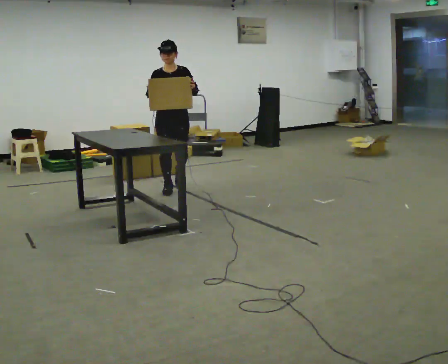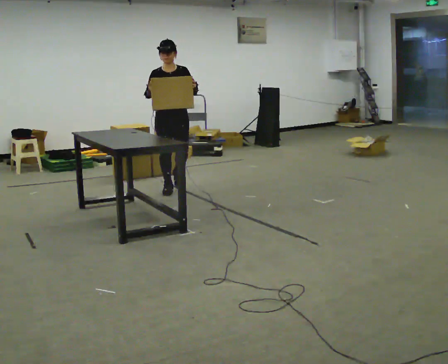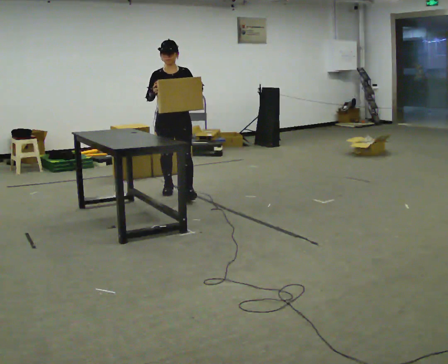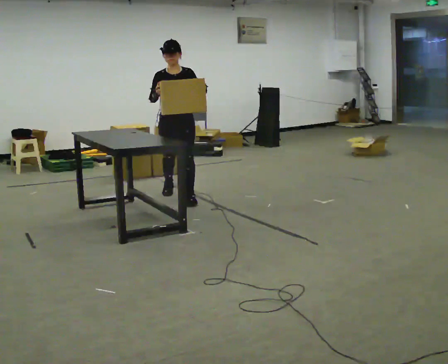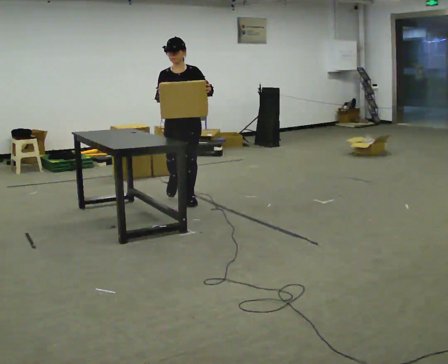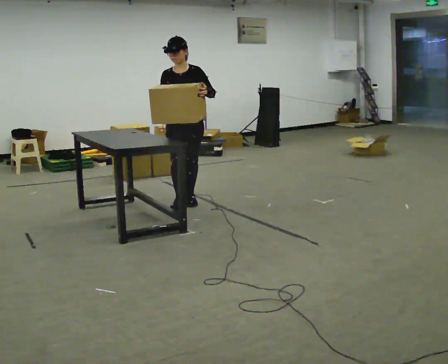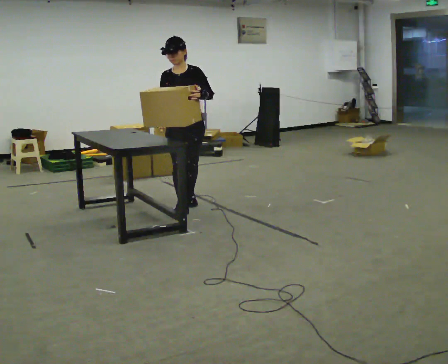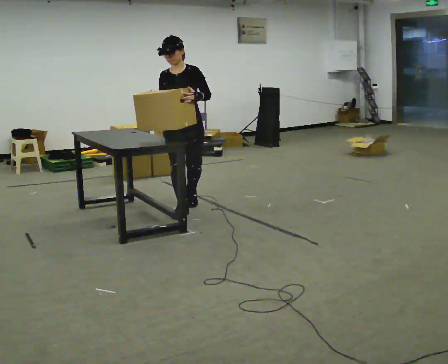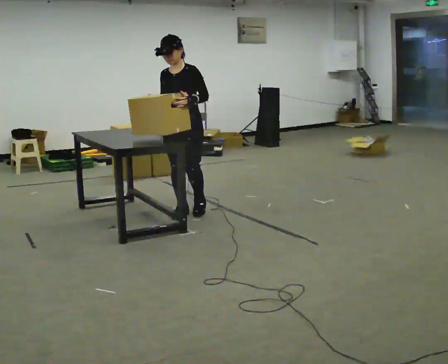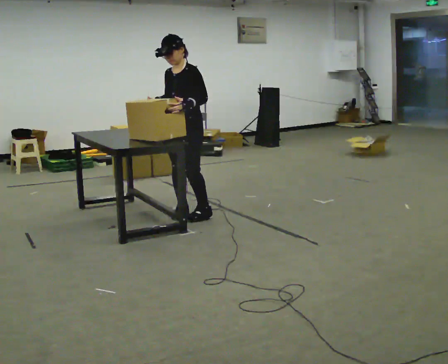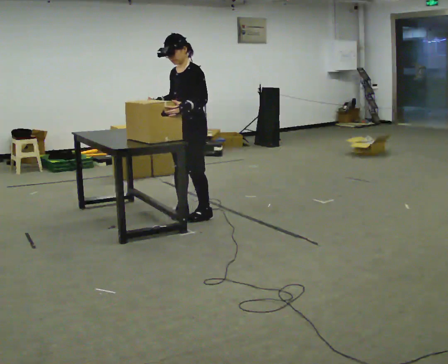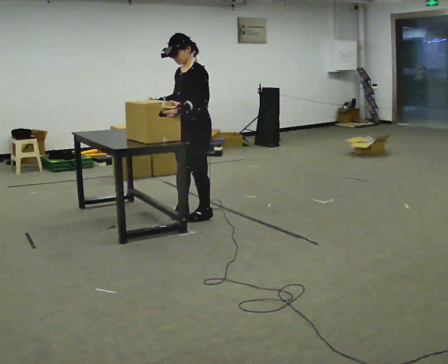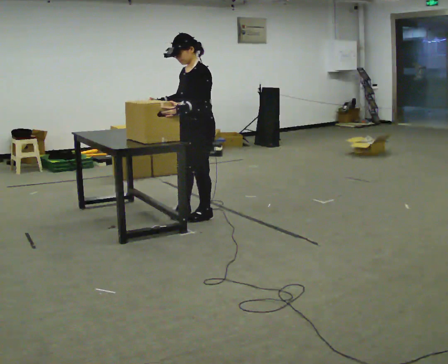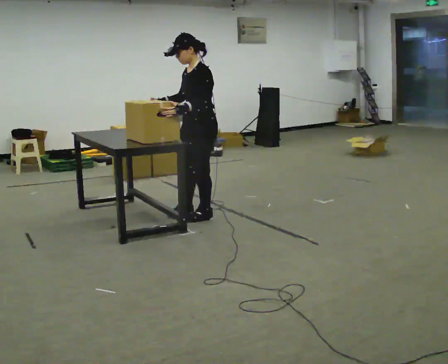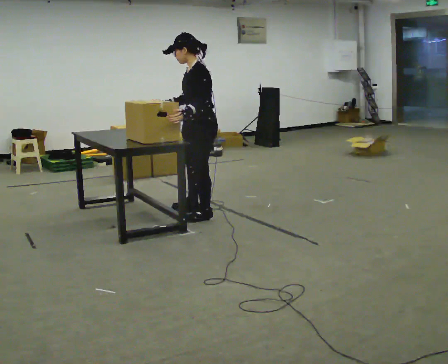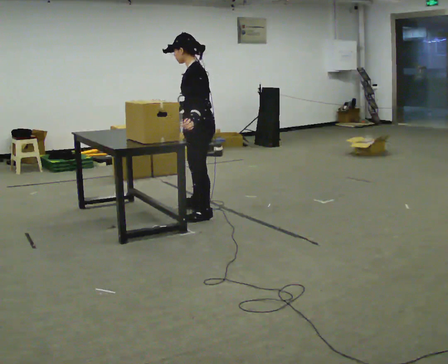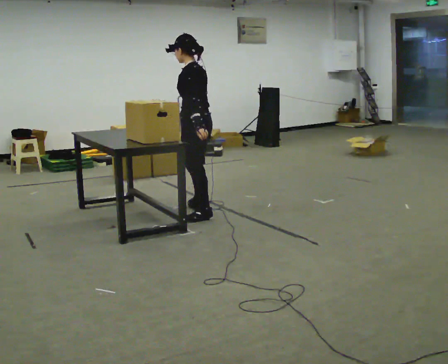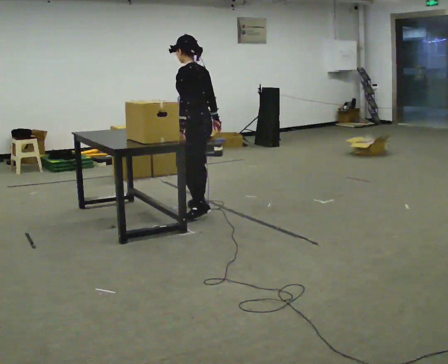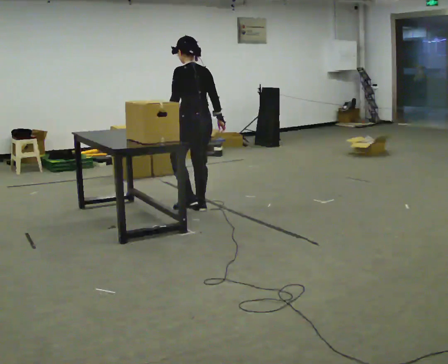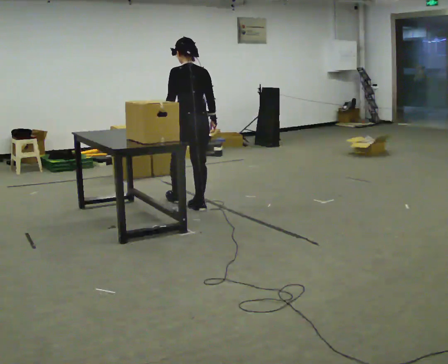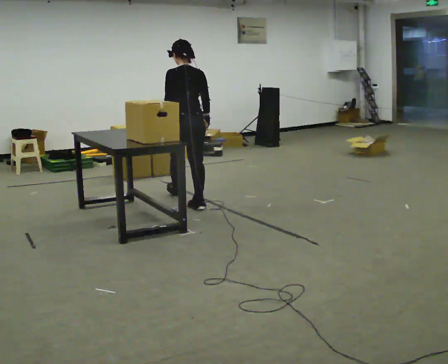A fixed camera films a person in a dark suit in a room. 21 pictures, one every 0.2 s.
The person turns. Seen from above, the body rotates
clockwise.
The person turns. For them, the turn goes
to their right.
0.0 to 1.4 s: In the picture they go toward the camera, about 1 m in 2 steps, which for them is forward.
1.4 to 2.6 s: The person turns about 60 degrees to their right, clockwise seen from above, so the part of the body nearest the lens slides to the left. In the picture they go toward the camera and to the right, about 0.25 m in 1 step.
2.6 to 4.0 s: Seen from above the body turns clockwise, about 90 degrees: to their right, with its near side sliding to the left. In the picture they go away from the camera, about 0.5 m in 1 step.
The film runs forward here.
